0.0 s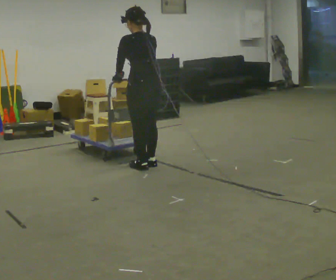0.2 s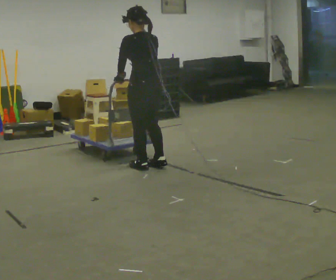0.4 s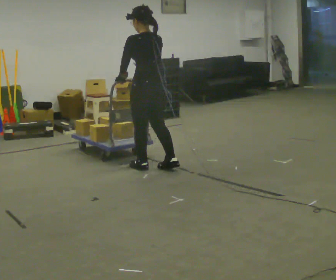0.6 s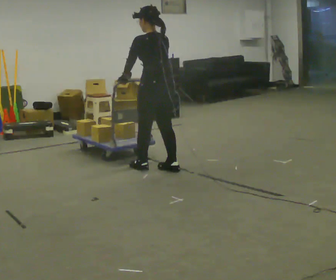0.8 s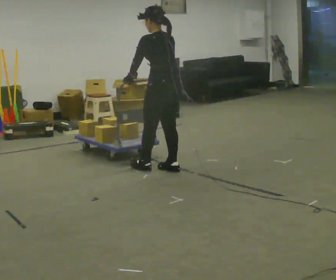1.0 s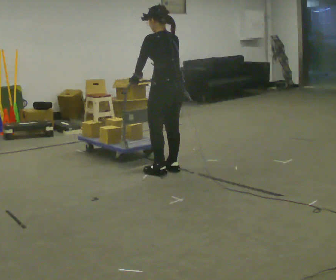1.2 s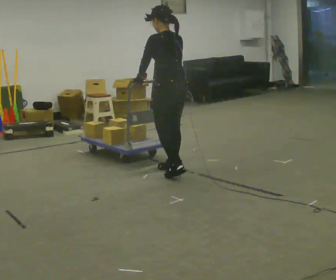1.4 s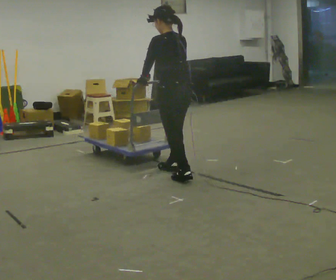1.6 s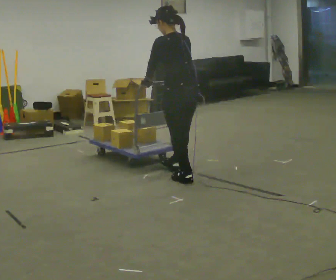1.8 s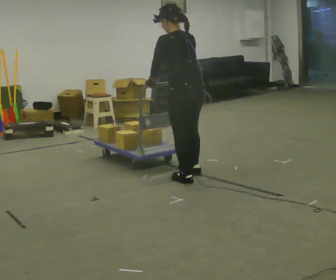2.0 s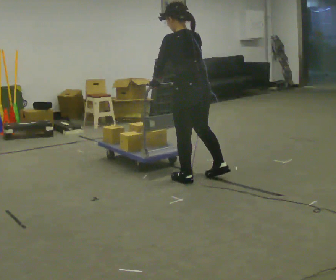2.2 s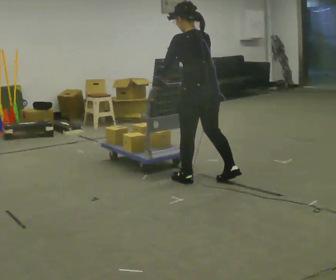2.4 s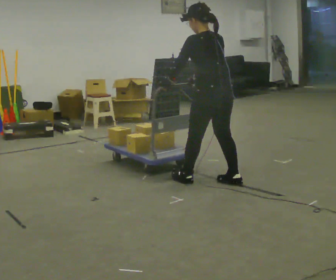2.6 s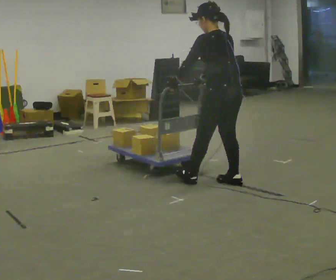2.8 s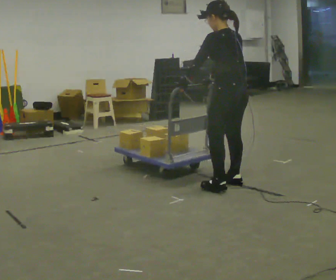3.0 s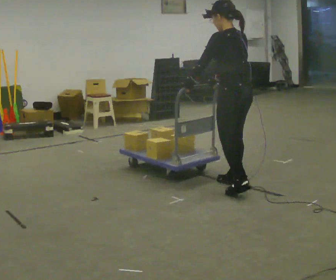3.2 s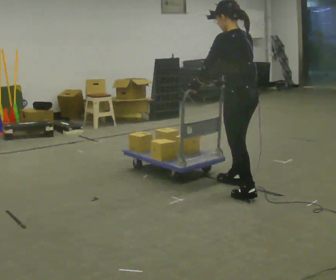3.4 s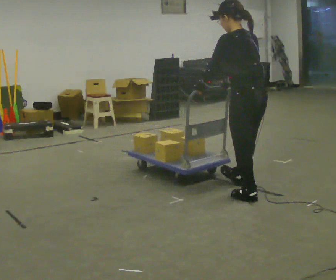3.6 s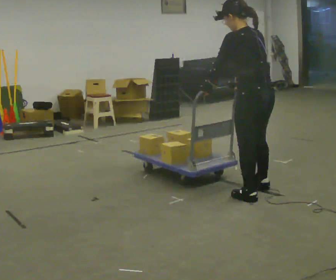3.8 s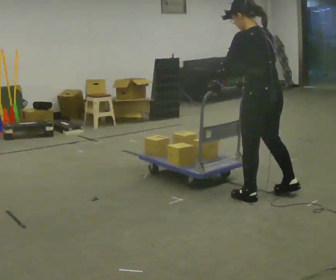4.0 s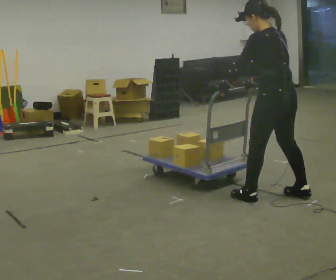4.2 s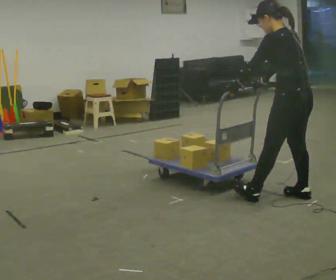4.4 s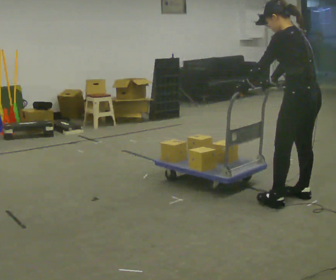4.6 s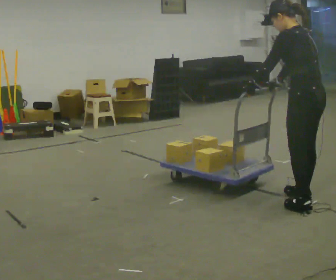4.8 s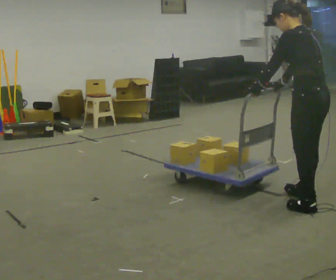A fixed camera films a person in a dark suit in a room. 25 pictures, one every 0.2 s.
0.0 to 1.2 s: In the picture they go to the right, about 0.25 m in 1 step, which for them is backward and to their right.
1.2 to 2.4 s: In the picture they go to the right and toward the camera, about 0.5 m in 2 steps, which for them is backward.
2.4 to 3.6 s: In the picture they go toward the camera and to the right, about 0.5 m in 1 step, which for them is backward.
3.6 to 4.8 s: In the picture they go to the right and toward the camera, about 0.5 m in 2 steps, which for them is backward.
The film runs forward here.
